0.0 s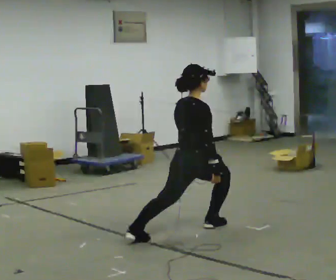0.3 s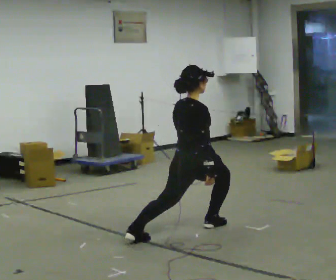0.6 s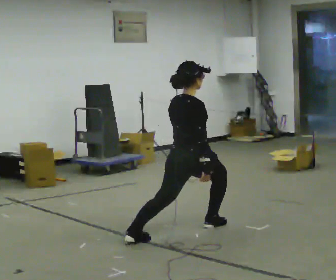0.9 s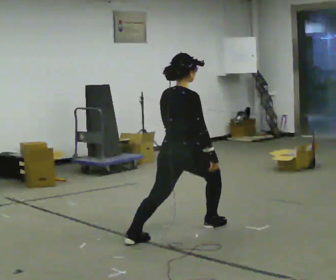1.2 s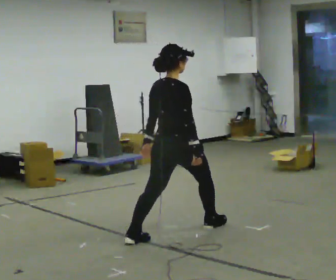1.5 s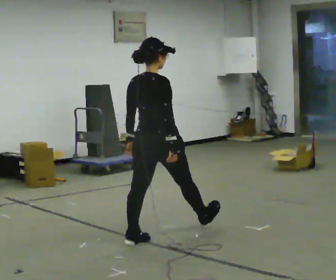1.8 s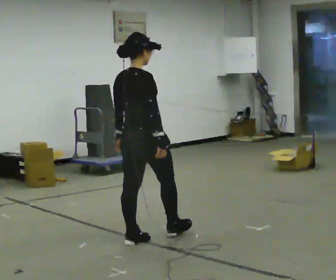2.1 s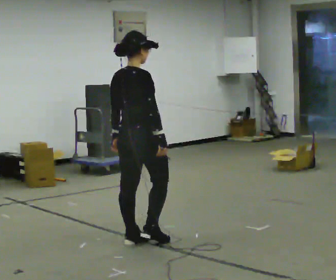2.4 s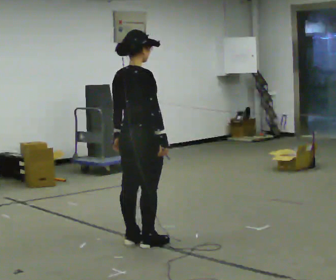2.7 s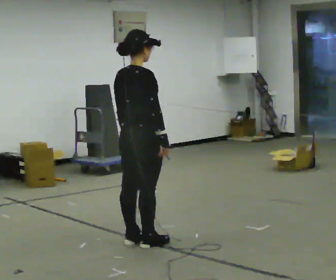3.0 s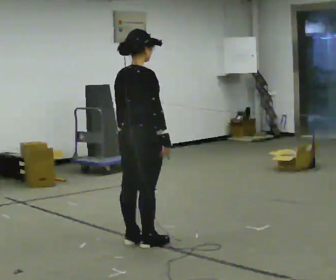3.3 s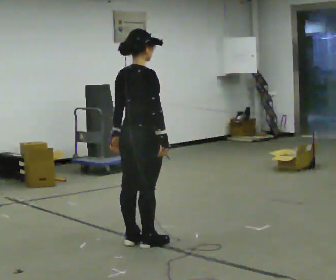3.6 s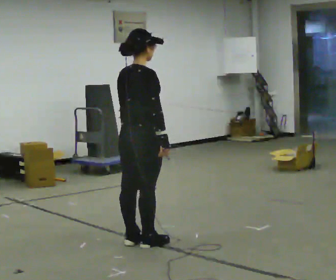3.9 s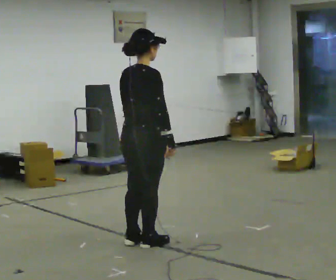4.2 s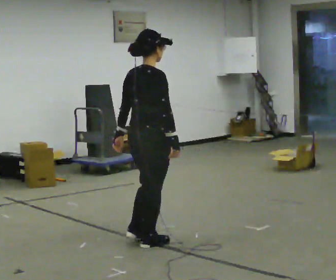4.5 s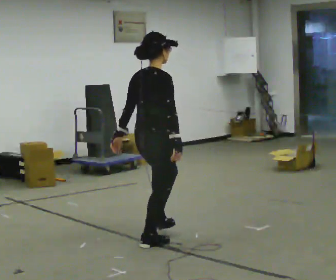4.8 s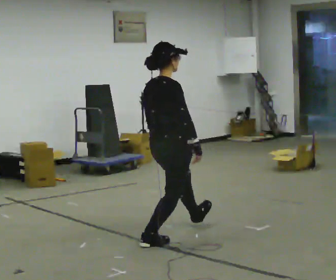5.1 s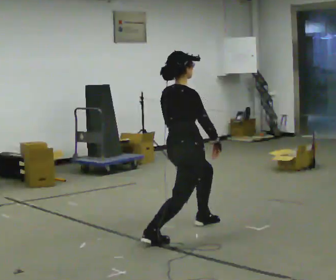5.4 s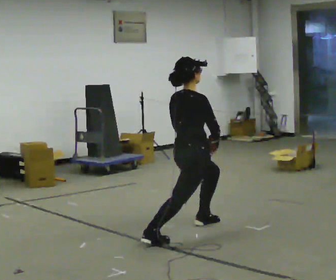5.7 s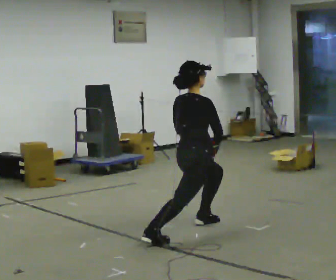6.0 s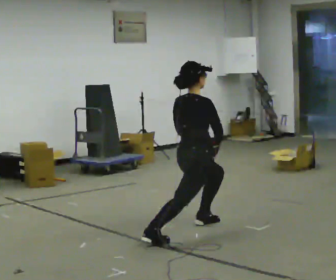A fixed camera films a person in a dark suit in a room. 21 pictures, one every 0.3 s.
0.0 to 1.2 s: In the picture they go to the left, about 0.25 m, which for them is backward. In the picture their left hand goes to the left.
1.2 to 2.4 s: In the picture they go to the left and toward the camera, about 0.25 m in 1 step, which for them is backward.
2.4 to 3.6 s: The person moves a little, or ends about where they began.
3.6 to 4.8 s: In the picture they go to the right, about 0.25 m in 1 step, which for them is forward.
4.8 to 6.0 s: In the picture they go away from the camera and to the right, about 0.25 m, which for them is forward and to their left.
The film runs backward here.
